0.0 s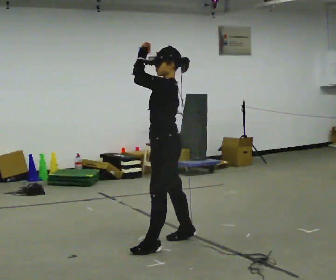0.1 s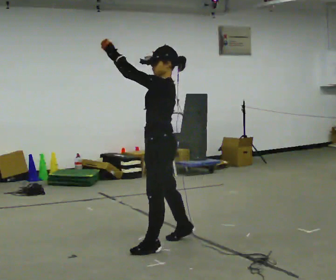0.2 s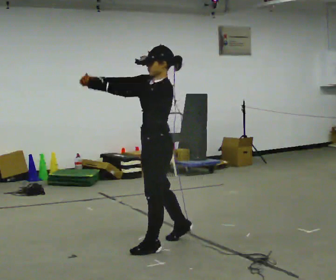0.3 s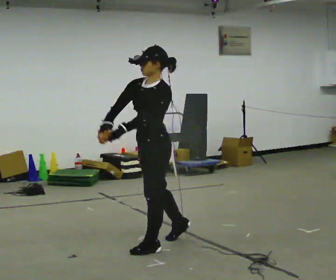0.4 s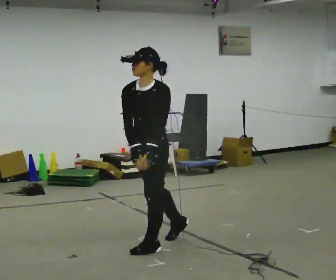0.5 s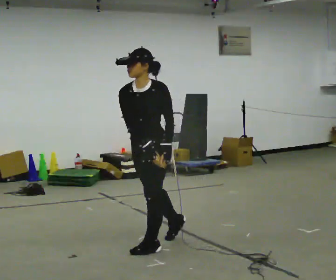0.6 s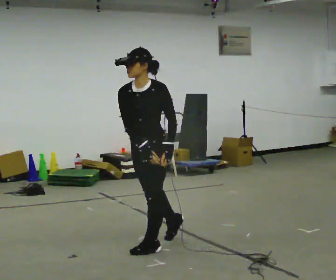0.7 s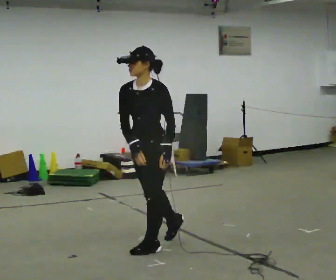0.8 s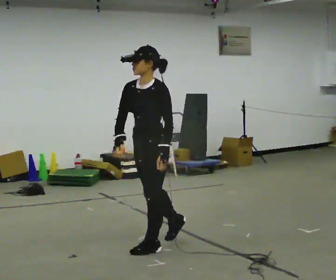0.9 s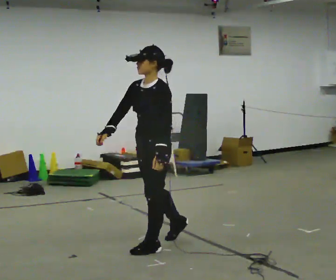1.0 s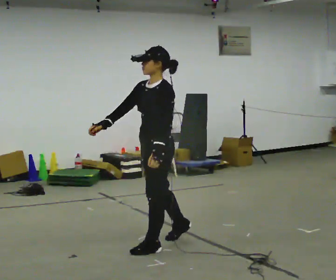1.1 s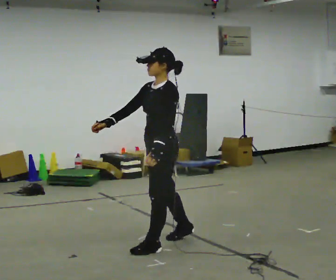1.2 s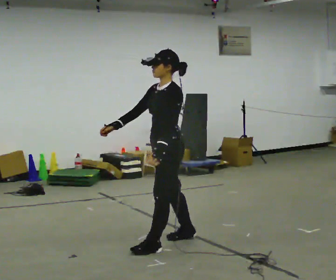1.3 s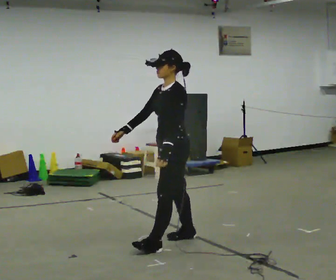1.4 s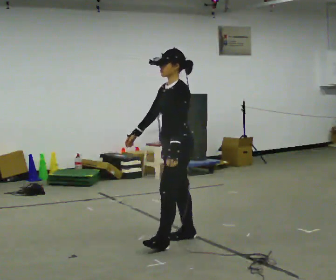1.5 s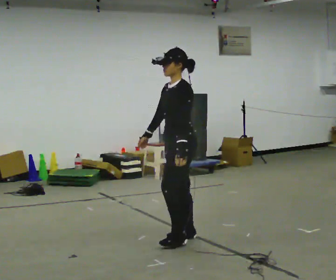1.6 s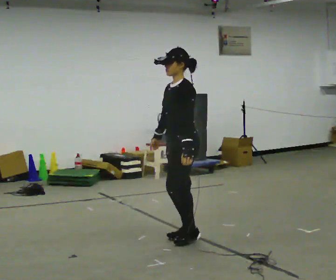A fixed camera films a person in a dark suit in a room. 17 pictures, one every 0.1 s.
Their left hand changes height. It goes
downward.
0.0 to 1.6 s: In the picture their left hand goes downward and to the right.
The film runs forward here.
